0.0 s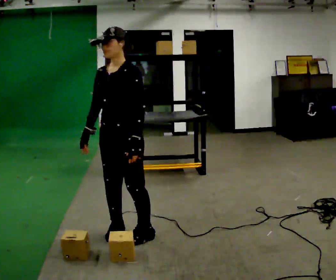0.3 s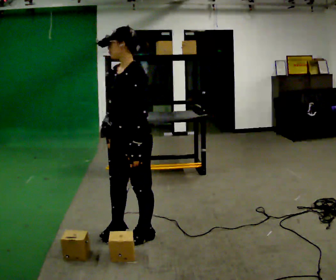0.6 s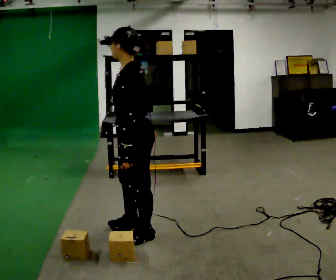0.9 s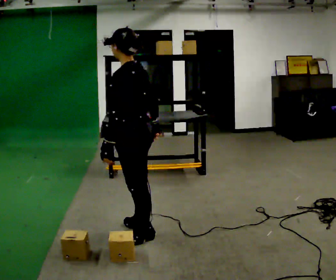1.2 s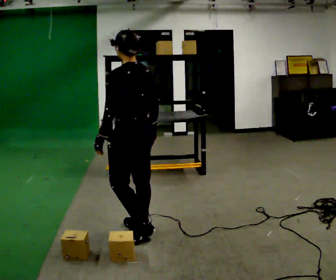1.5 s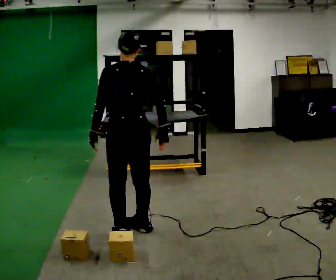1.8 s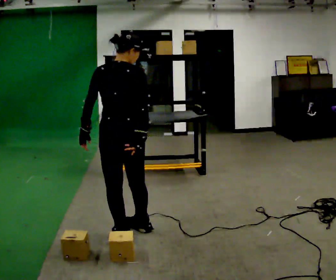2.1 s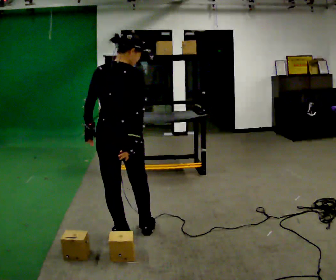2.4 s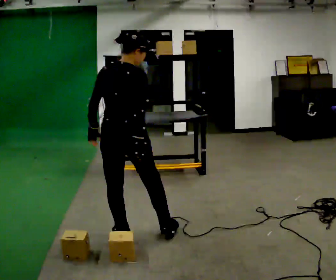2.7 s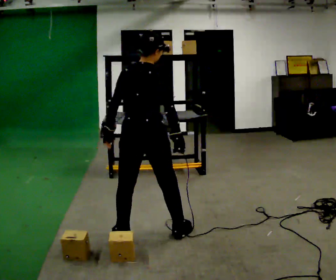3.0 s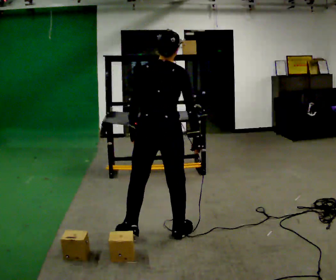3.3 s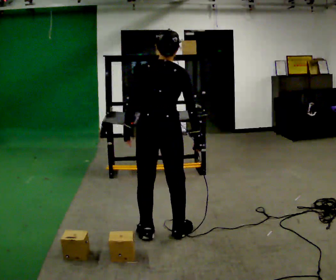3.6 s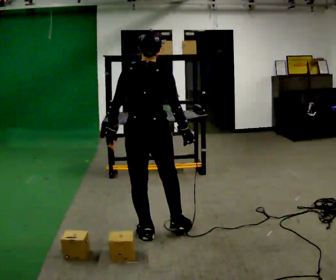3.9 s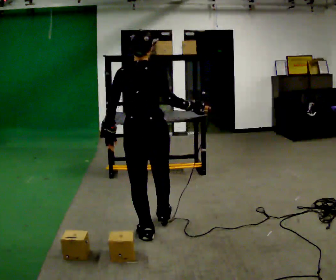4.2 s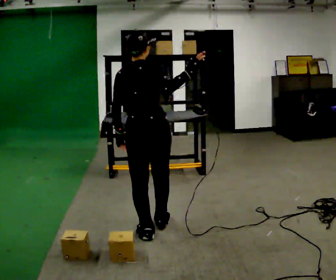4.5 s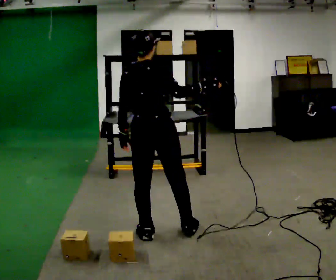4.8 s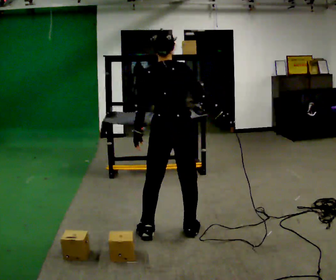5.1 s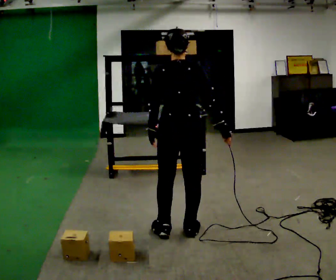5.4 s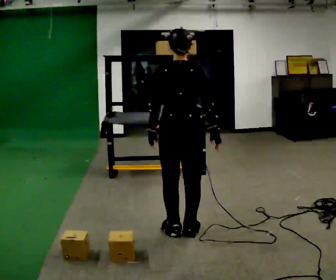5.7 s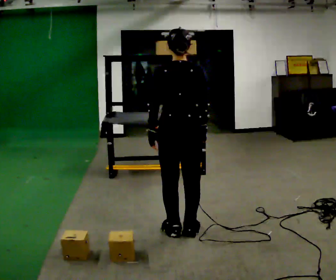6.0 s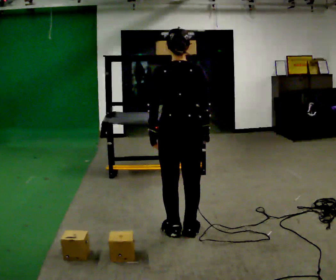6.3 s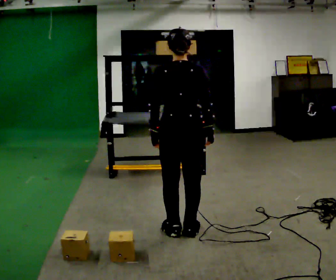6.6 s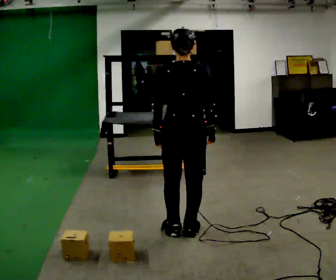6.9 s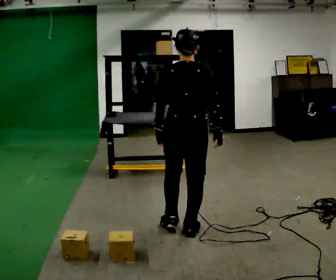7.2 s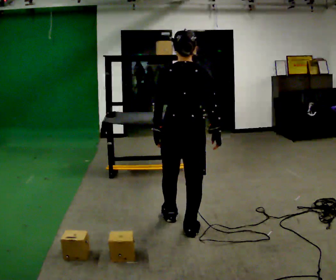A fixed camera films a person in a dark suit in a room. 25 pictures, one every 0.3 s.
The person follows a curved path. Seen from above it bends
counterclockwise.
0.0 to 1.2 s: The person turns about 90 degrees to their right, clockwise seen from above, so the part of the body nearest the lens slides to the left. In the picture their right hand goes to the right, the arm swinging counterclockwise.
1.2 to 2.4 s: Seen from above the body turns clockwise, about 60 degrees: to their right, with its near side sliding to the left.
2.4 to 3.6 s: In the picture they go to the right, about 0.25 m in 2 steps, which for them is to their right. In the picture their right hand goes to the right.
3.6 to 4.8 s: In the picture they go to the right, about 0.25 m, which for them is to their right and forward.
4.8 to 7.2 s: The person moves a little, or ends about where they began.
The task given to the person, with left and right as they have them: Take an object down from the highest shelf you can comfortably reach, carry it across the room, and set it on the floor. Keep going until the operator says stop; one object at a time, and do not rush between trips.
The film runs forward here.
